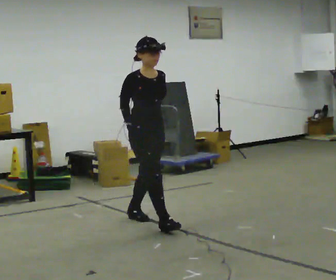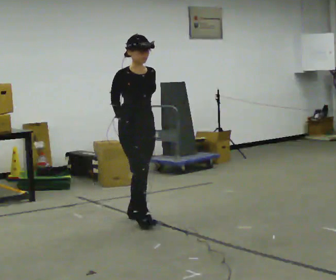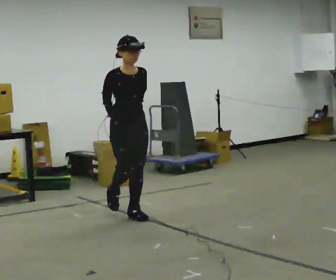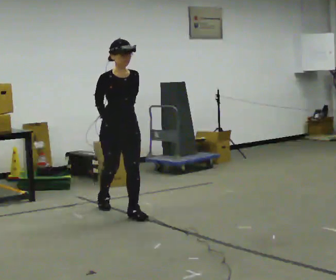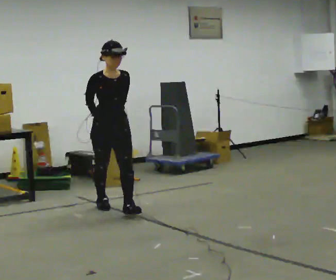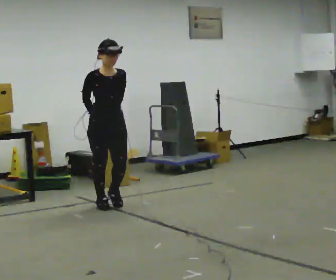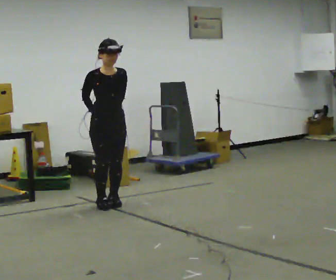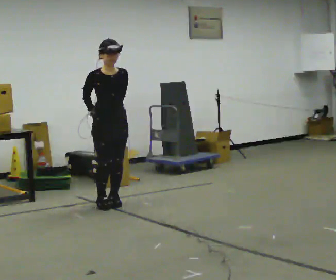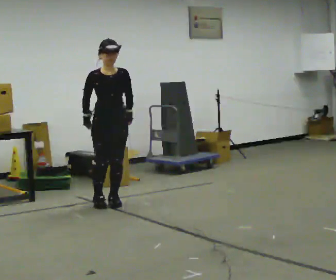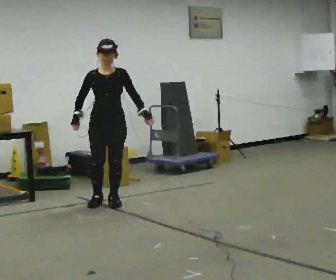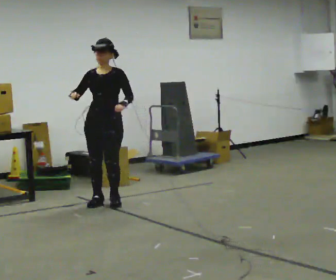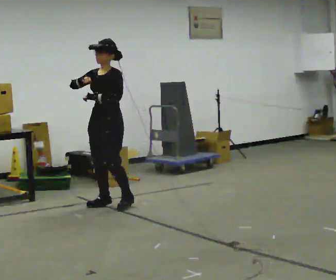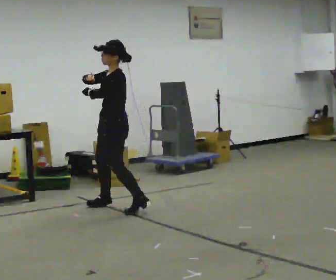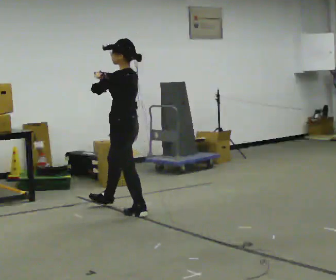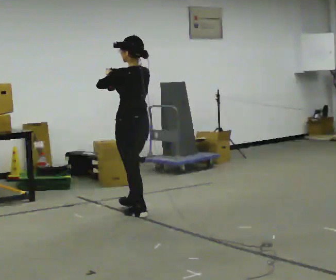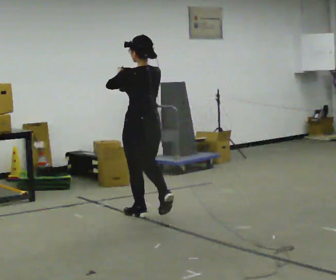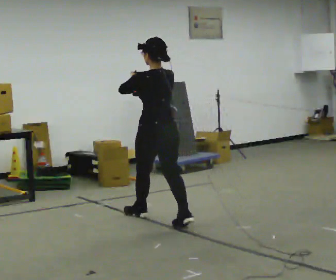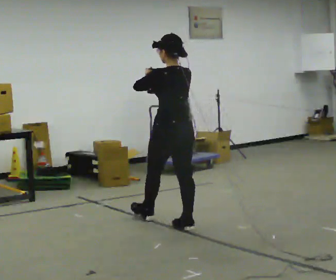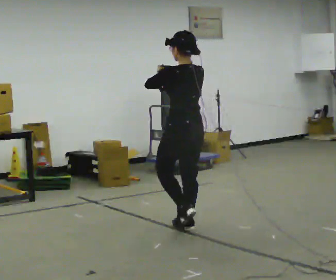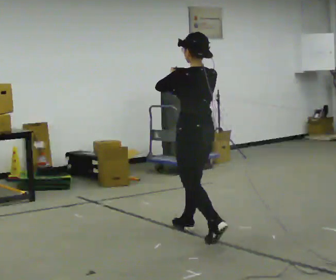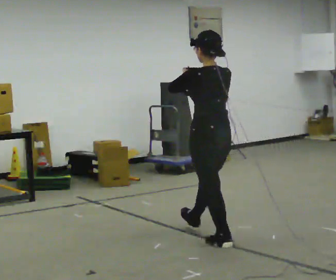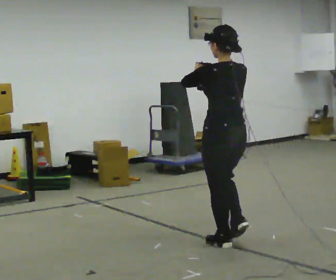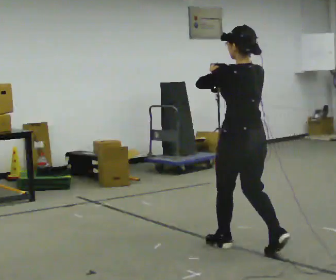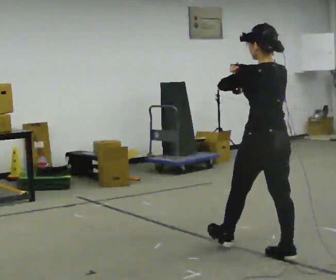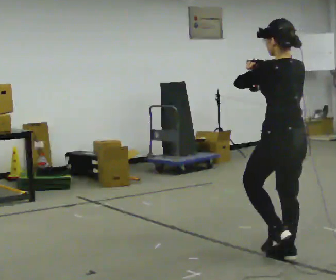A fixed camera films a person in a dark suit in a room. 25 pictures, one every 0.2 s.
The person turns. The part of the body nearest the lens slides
to the left.
The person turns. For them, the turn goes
to their right.
0.0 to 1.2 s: In the picture they go away from the camera and to the left, about 1 m in 1 step, which for them is backward.
1.2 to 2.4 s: The part of the body nearest the lens slides to the left as the person turns to their right by about 105 degrees. In the picture their right hand goes upward.
2.4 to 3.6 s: The part of the body nearest the lens slides to the left as the person turns to their right by about 60 degrees. In the picture they go toward the camera and to the right, about 1 m in 2 steps.
3.6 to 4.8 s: In the picture they go toward the camera and to the right, about 1 m in 2 steps, which for them is backward.
The film runs backward here.
